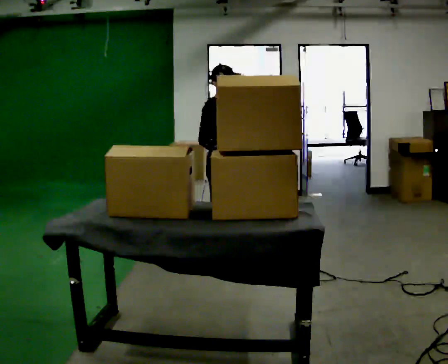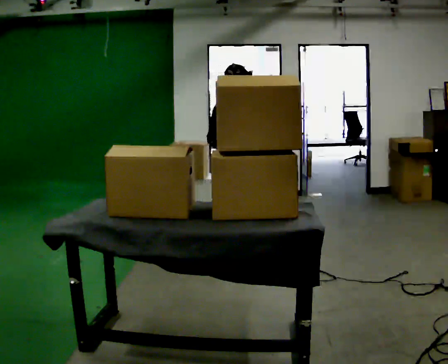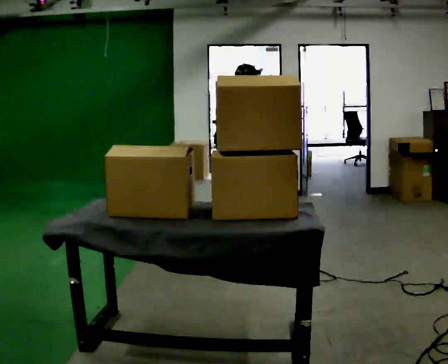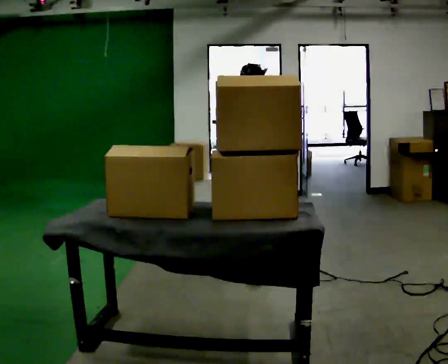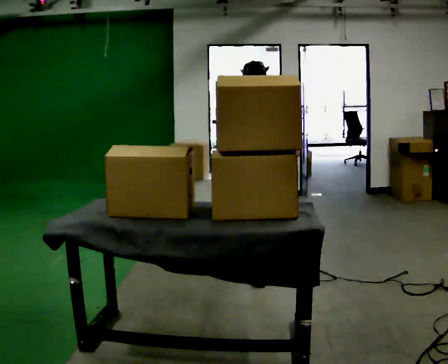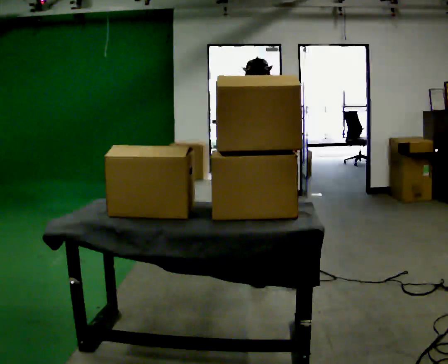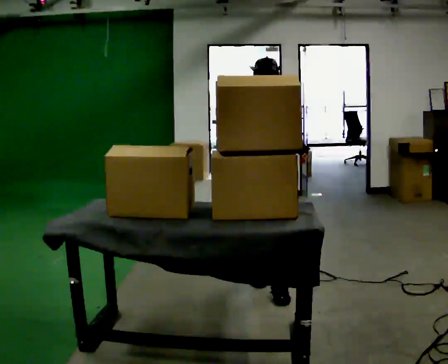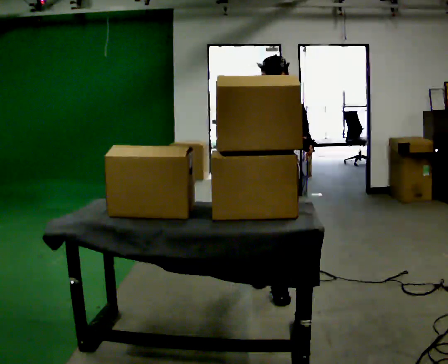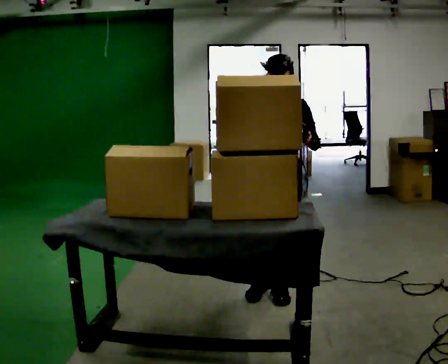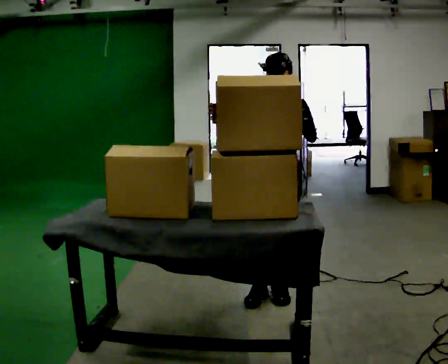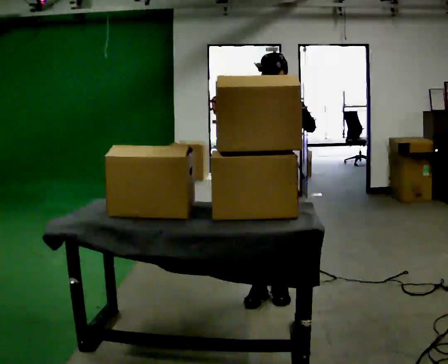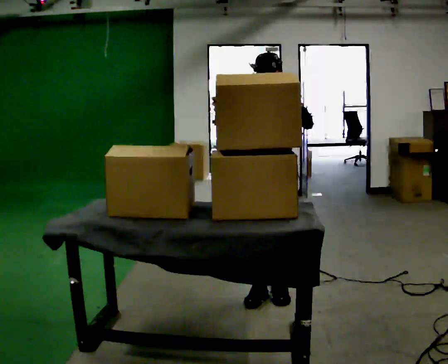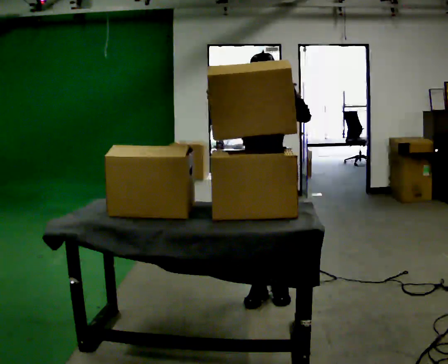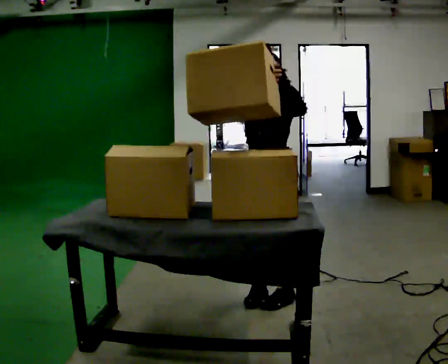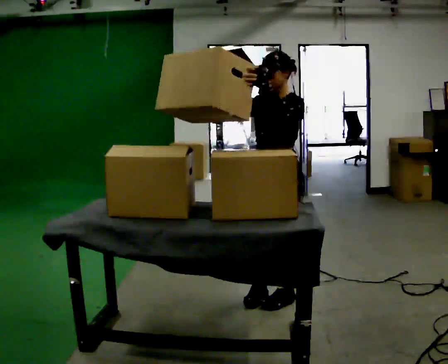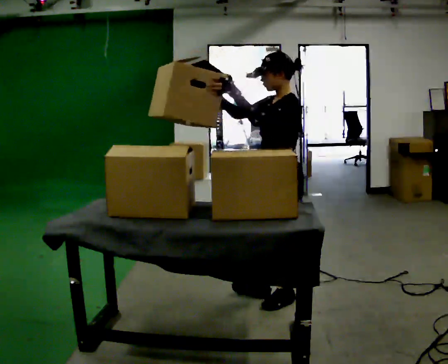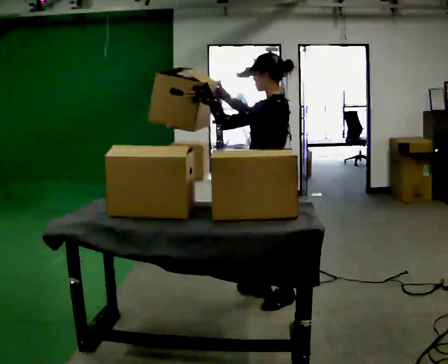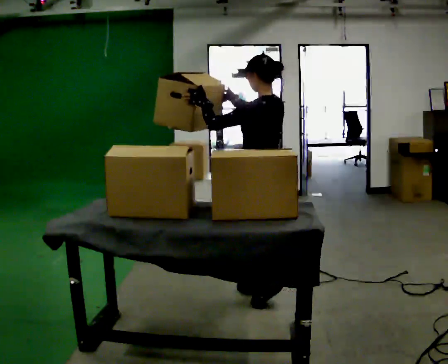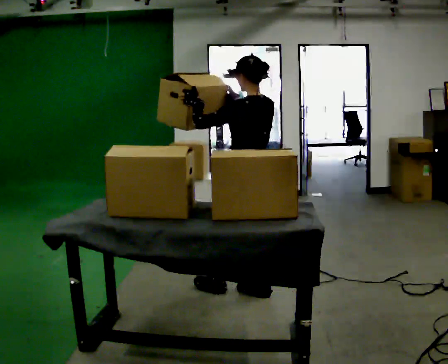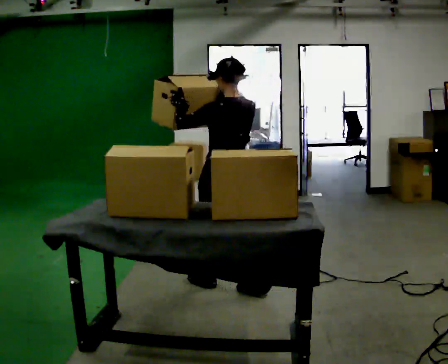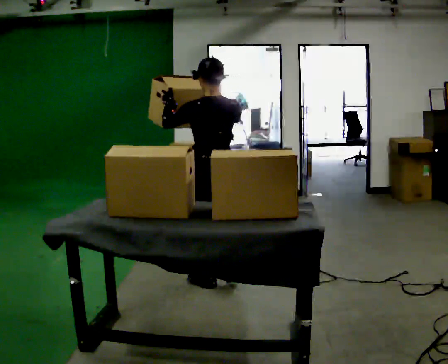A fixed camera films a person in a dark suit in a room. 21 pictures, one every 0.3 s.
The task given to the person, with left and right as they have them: Move objects one at a time from the waist-height shelf at one end of the room to the waist-height shelf at the other end. Keep going until the operator says stop; one object at a time, and do not rush between trips.
0.0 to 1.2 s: Seen from above the body turns clockwise, about 30 degrees: to their right, with its near side sliding to the left. In the picture they go toward the camera and to the right, about 0.5 m in 1 step, which for them is forward.
1.2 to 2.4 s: The person turns about 30 degrees to their right, clockwise seen from above, so the part of the body nearest the lens slides to the left. In the picture they go toward the camera and to the right, about 0.5 m in 1 step, which for them is forward and to their left.
2.4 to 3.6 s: The person moves a little, or ends about where they began.
3.6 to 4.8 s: The person turns about 90 degrees to their right, clockwise seen from above, so the part of the body nearest the lens slides to the left.
4.8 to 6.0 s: The part of the body nearest the lens slides to the left as the person turns to their right by about 45 degrees. In the picture they go to the left and away from the camera, about 0.5 m in 1 step, which for them is forward.
The film runs forward here.
